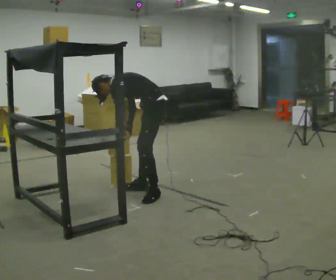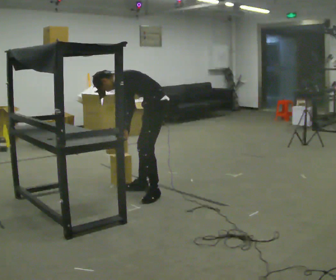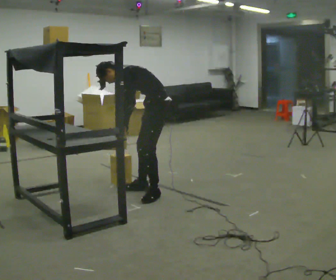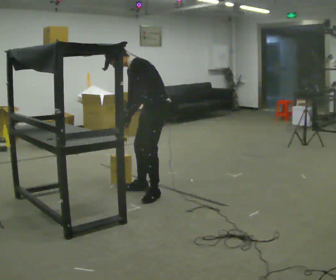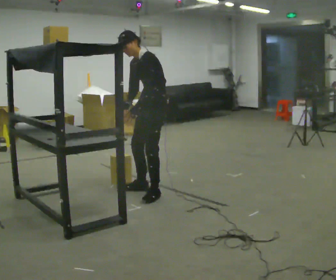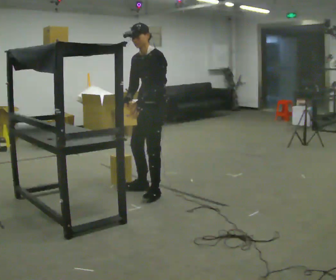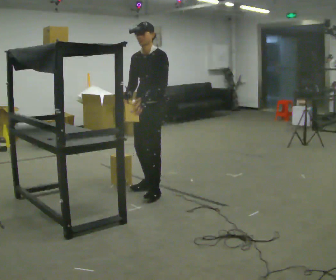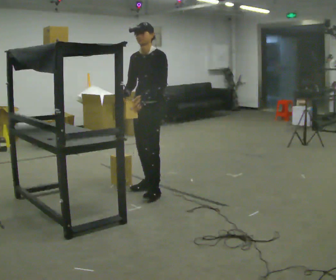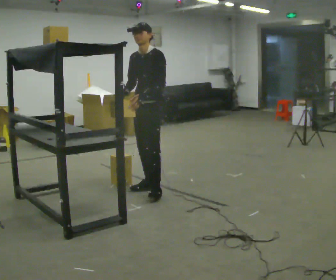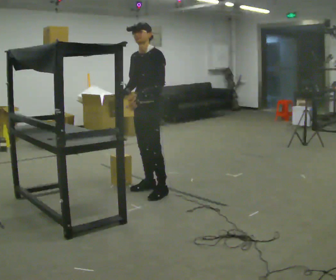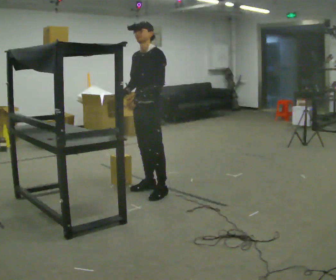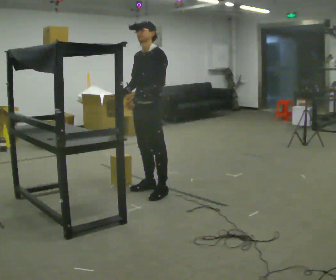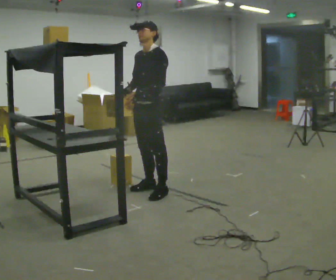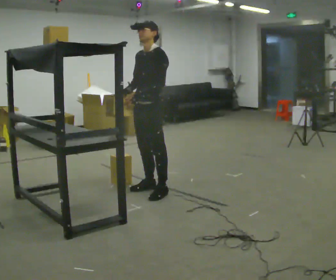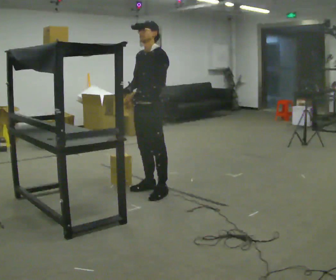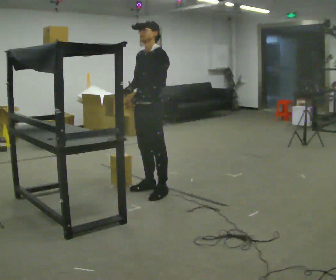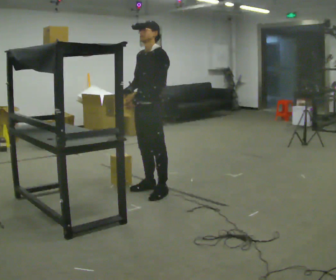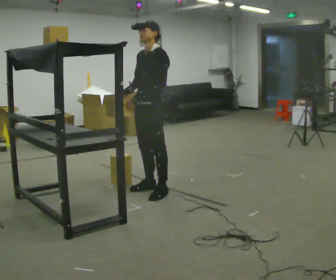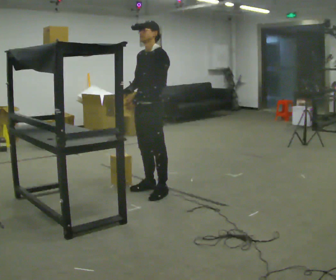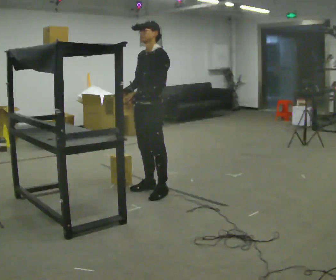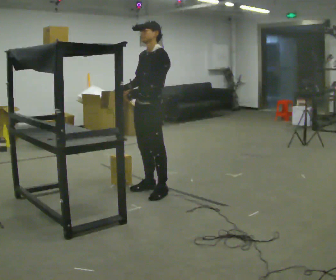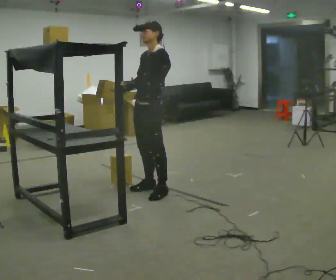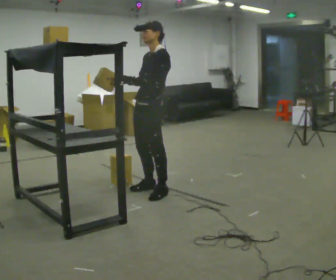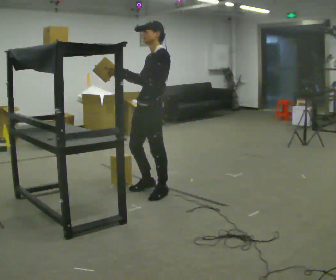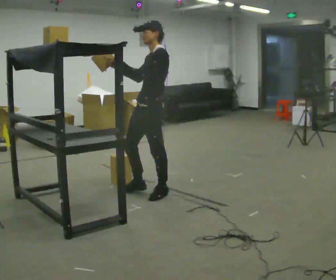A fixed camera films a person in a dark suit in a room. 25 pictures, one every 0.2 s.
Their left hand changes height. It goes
upward.
The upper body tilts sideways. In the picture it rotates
clockwise.
0.0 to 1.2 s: The part of the body nearest the lens slides to the right as the person turns to their left by about 60 degrees. The shoulders move upward. In the picture the upper body tilts clockwise, shoulders to the right, as they lean back or straighten. In the picture their right hand goes upward.
1.2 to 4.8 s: The part of the body nearest the lens slides to the left as the person turns to their right by about 30 degrees. In the picture they go toward the camera, about 0.25 m, which for them is to their left. In the picture their left hand goes upward, the arm swinging clockwise.
The film runs forward here.
